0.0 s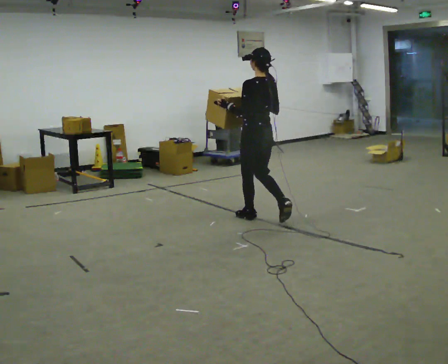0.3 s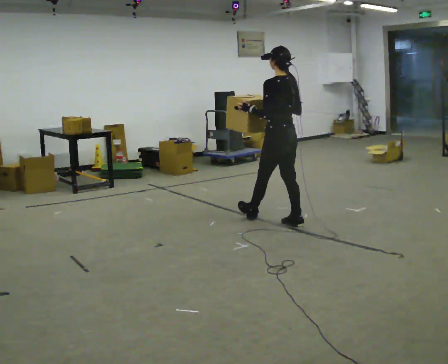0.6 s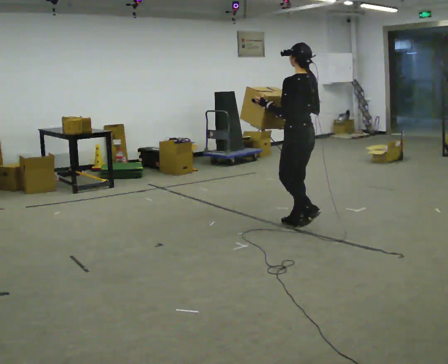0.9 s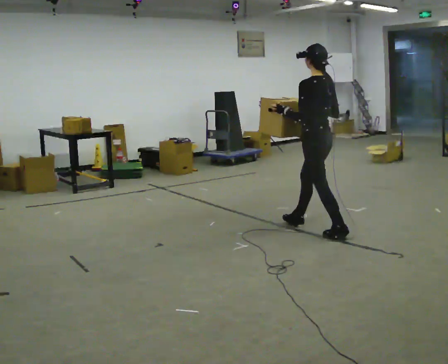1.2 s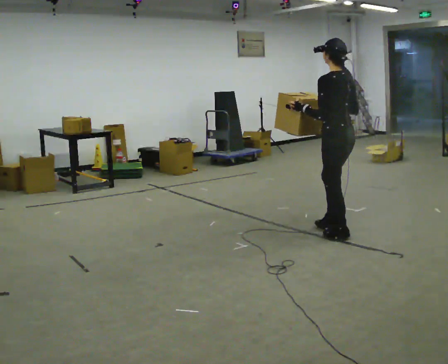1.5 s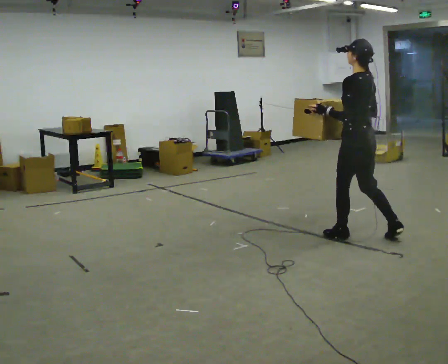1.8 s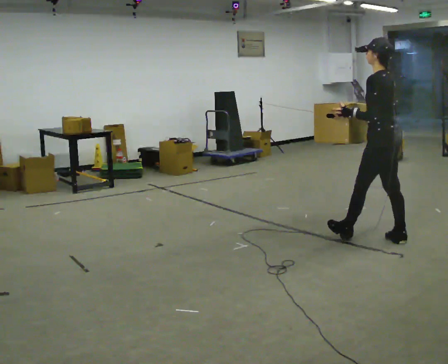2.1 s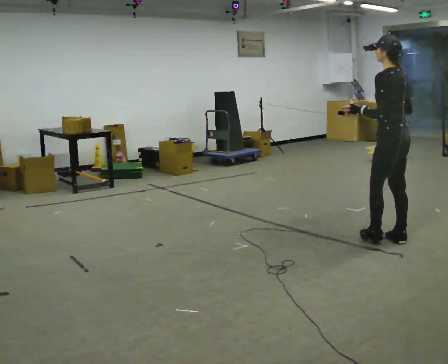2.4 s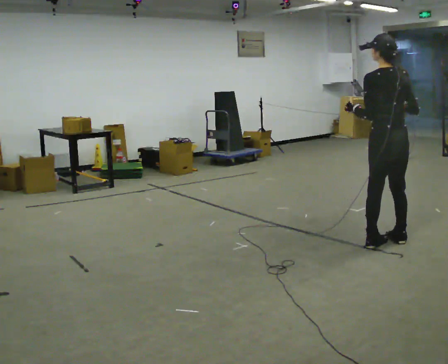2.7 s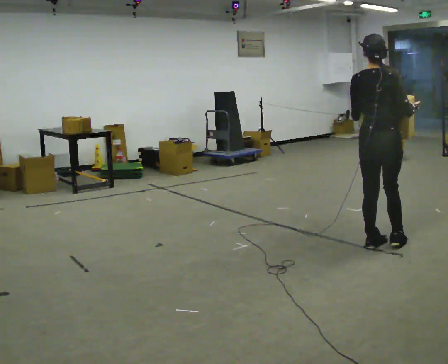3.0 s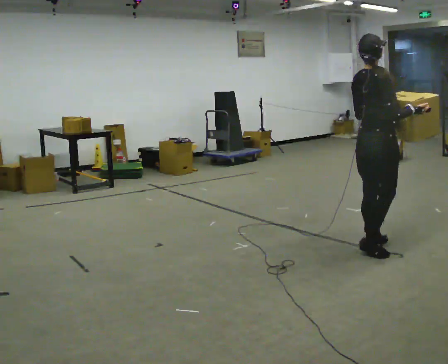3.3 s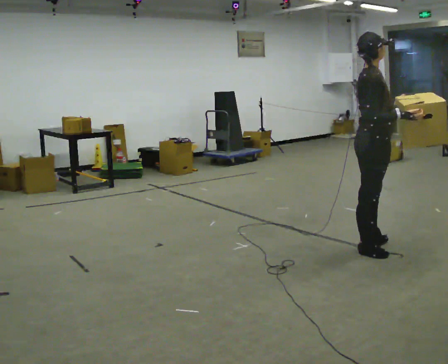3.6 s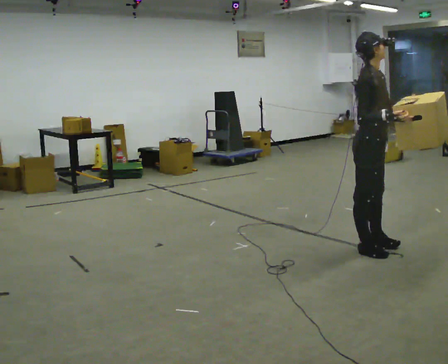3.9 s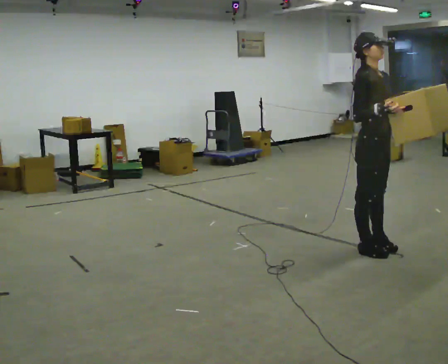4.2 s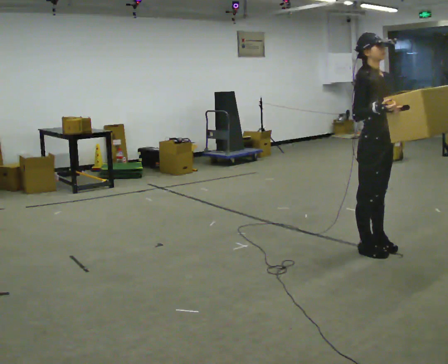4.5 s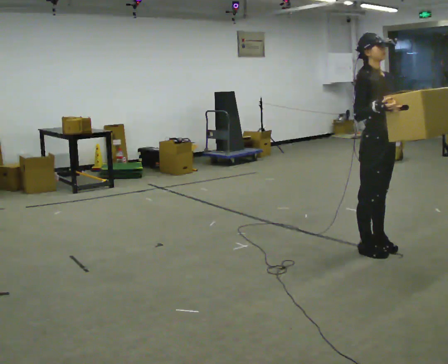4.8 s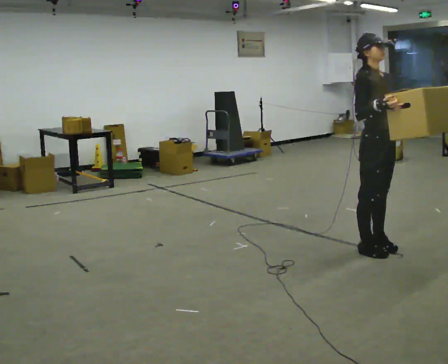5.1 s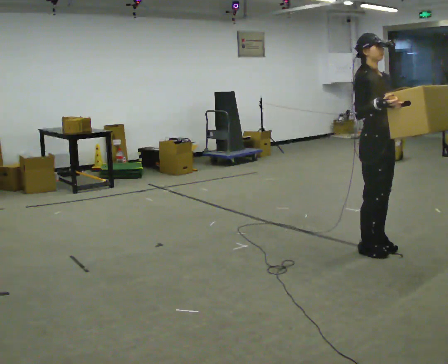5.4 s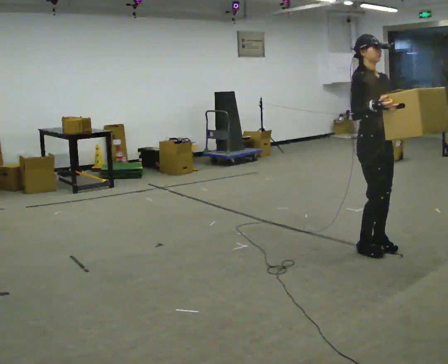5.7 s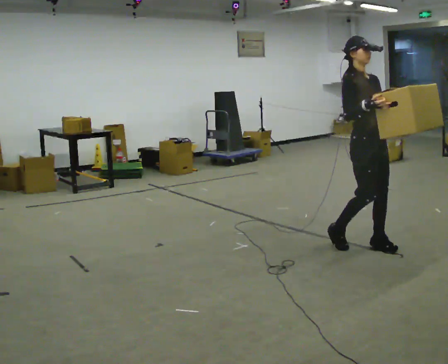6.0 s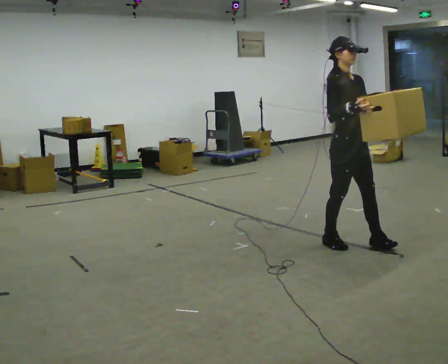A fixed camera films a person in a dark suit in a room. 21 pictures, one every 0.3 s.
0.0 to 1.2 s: In the picture they go to the right and toward the camera, about 1 m in 2 steps, which for them is backward.
1.2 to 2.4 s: In the picture they go to the right and toward the camera, about 0.5 m in 1 step, which for them is backward.
2.4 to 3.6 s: The part of the body nearest the lens slides to the left as the person turns to their right by about 135 degrees. In the picture they go to the left and toward the camera, about 0.25 m in 1 step.
3.6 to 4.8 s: Seen from above the body turns clockwise, about 30 degrees: to their right, with its near side sliding to the left.
4.8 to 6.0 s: In the picture they go to the left, about 0.25 m in 1 step, which for them is backward.
The film runs backward here.
